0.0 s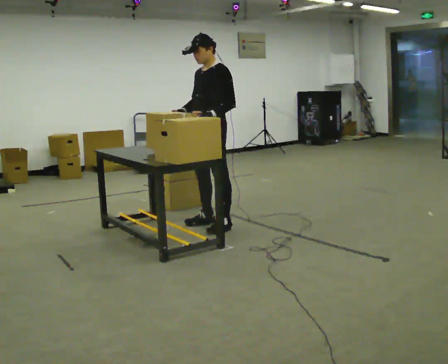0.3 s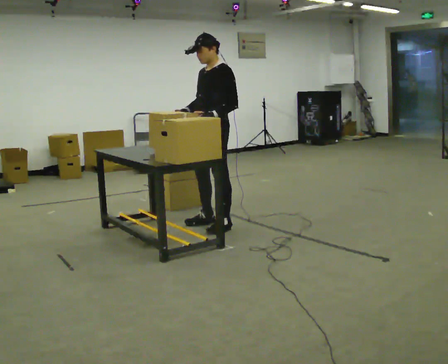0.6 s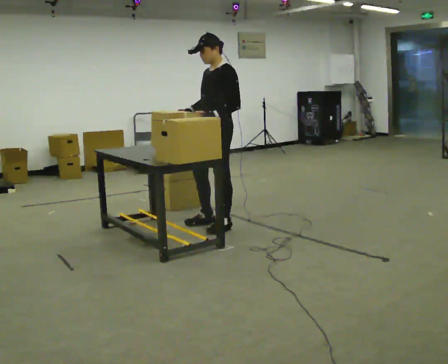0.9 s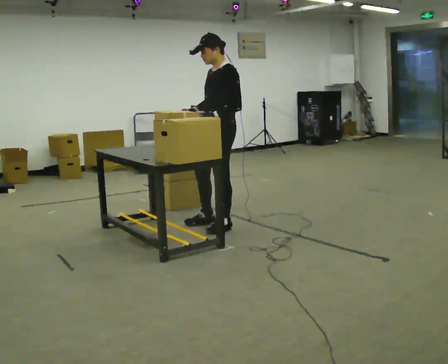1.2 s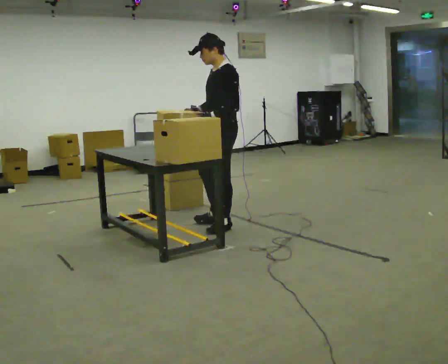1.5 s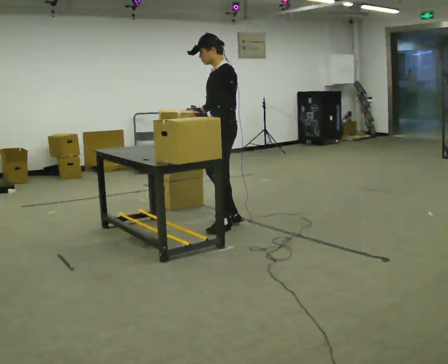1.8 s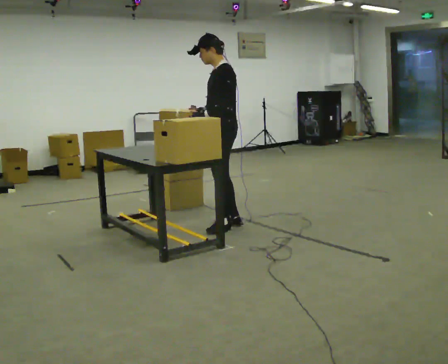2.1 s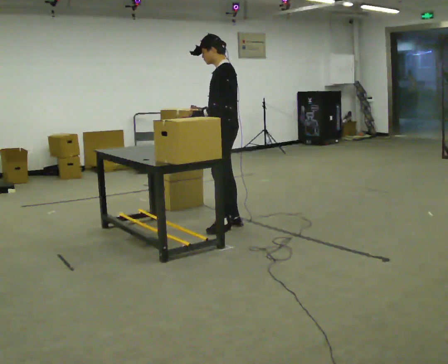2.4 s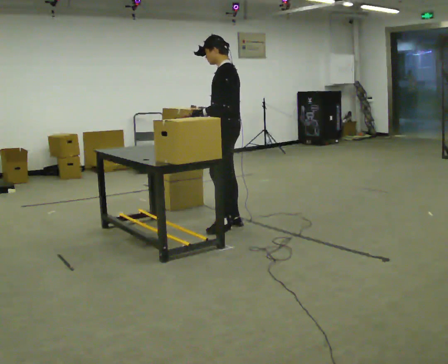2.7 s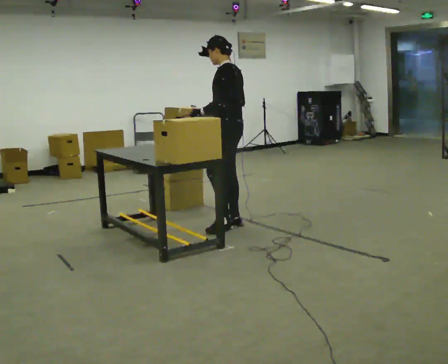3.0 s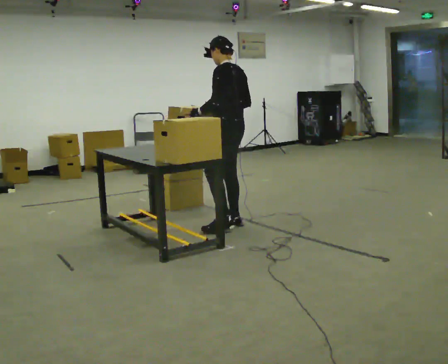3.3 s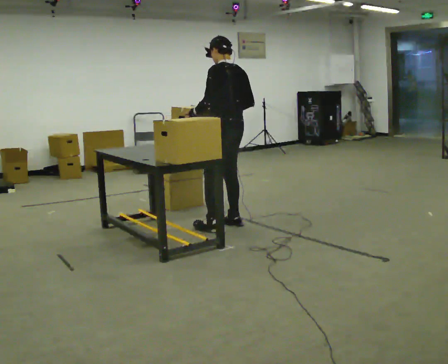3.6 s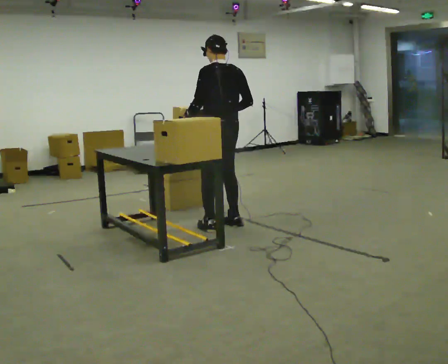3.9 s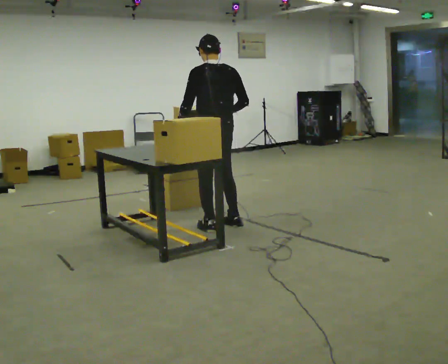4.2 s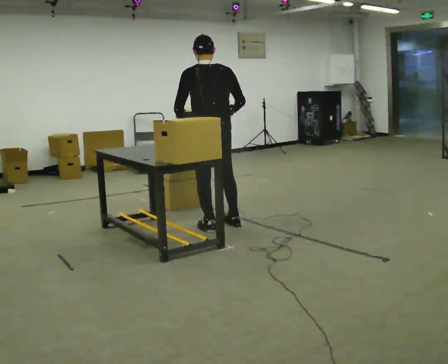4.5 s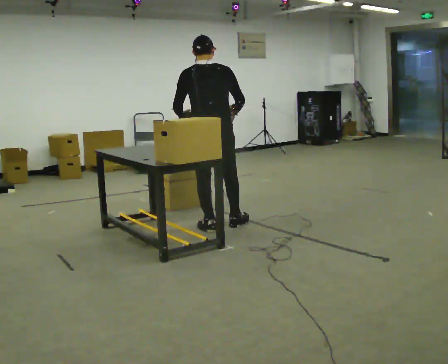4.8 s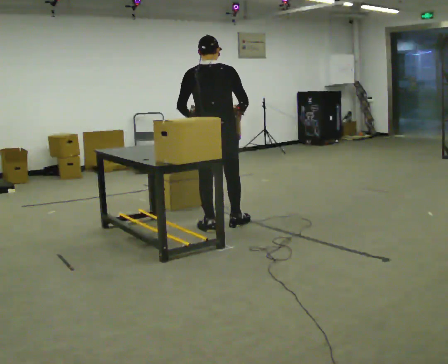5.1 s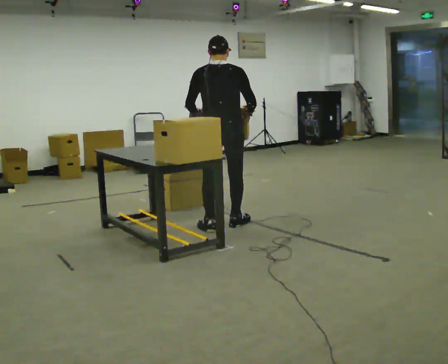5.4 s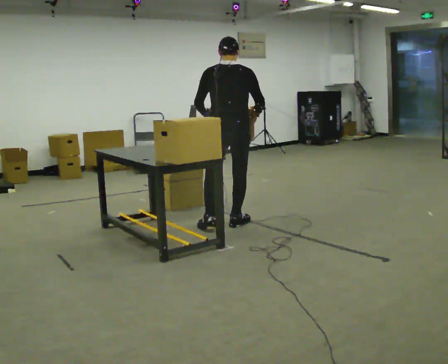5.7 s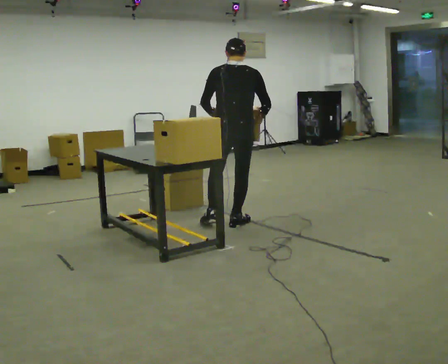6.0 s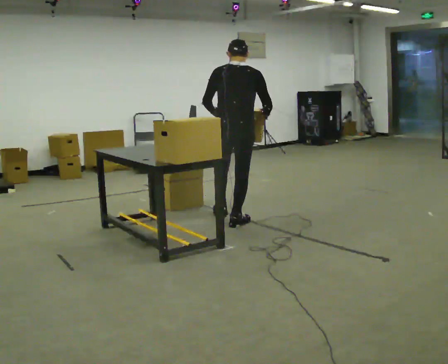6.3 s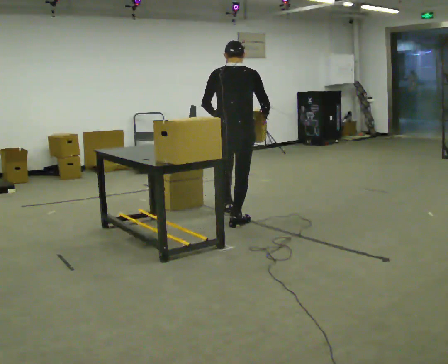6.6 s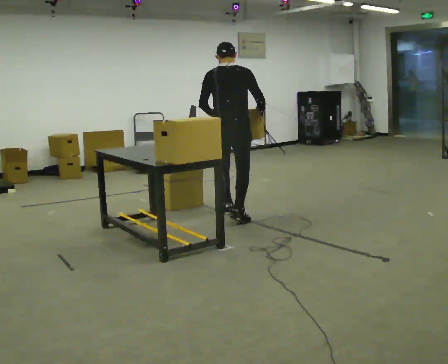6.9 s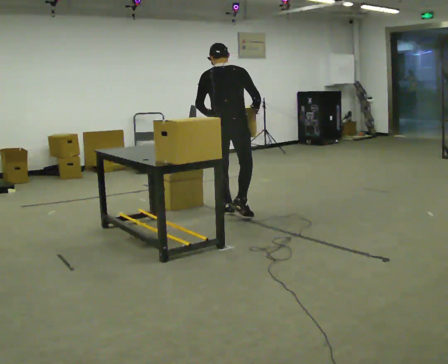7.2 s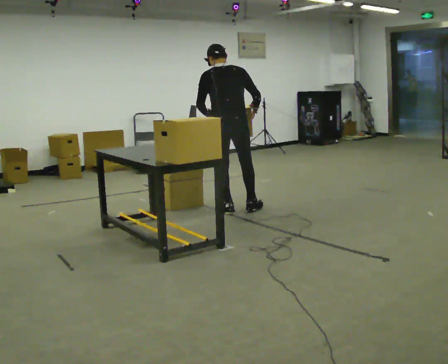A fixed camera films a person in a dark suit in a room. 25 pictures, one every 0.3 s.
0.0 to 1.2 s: The person moves a little, or ends about where they began.
1.2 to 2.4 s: Seen from above the body turns clockwise, about 30 degrees: to their right, with its near side sliding to the left.
2.4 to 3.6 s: The person turns about 45 degrees to their right, clockwise seen from above, so the part of the body nearest the lens slides to the left.
3.6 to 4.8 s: The person turns about 45 degrees to their right, clockwise seen from above, so the part of the body nearest the lens slides to the left.
4.8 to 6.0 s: In the picture they go to the right, about 0.25 m, which for them is forward and to their right.
6.0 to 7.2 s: In the picture they go away from the camera, about 0.5 m in 1 step, which for them is forward and to their left.
The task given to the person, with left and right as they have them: Pick the fragile object up and set it back down as gently as you can. Repeat at your own pace until the operator says stop. Keep both feet on the marked spots for the whole take. If you have to step, stop and tell the operator.
The film runs forward here.
